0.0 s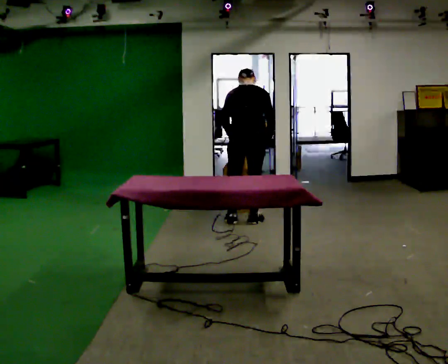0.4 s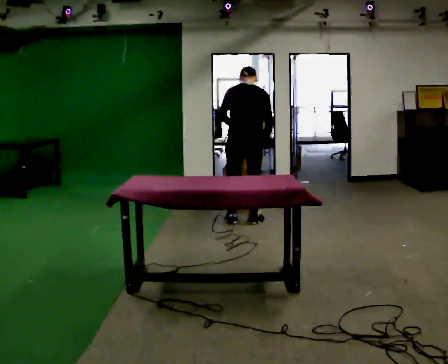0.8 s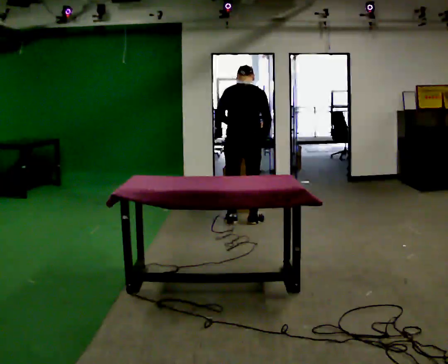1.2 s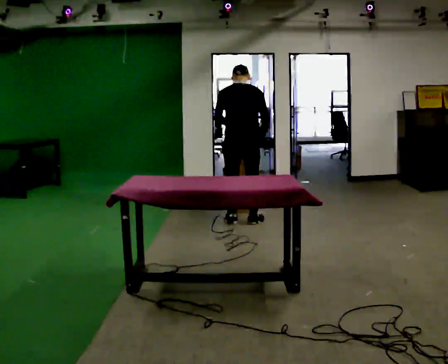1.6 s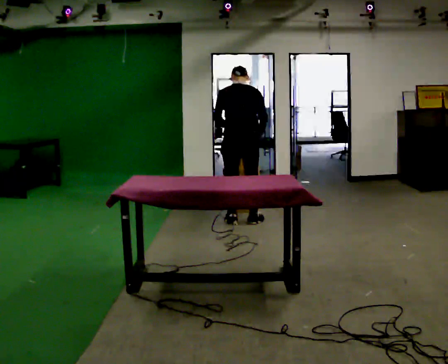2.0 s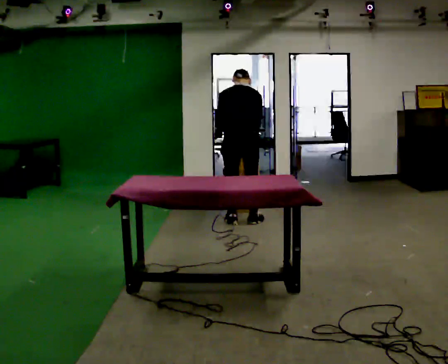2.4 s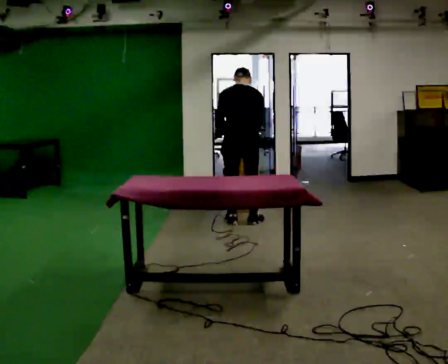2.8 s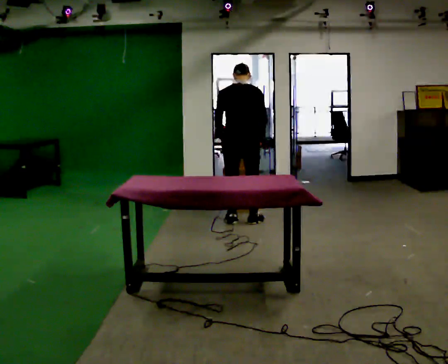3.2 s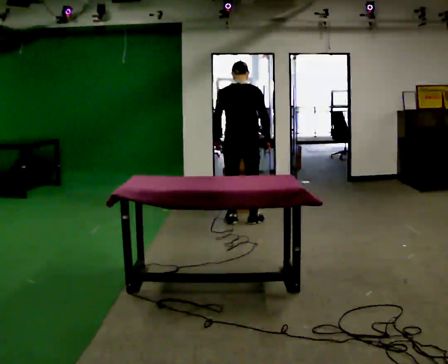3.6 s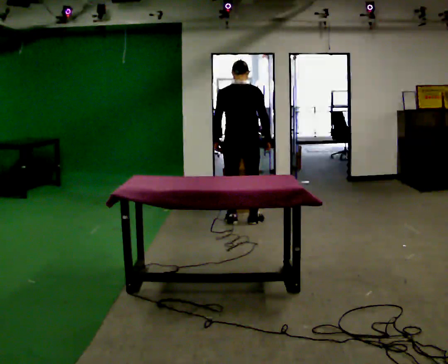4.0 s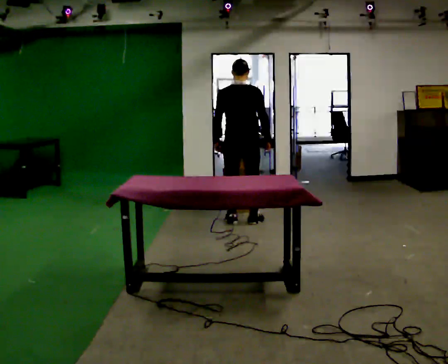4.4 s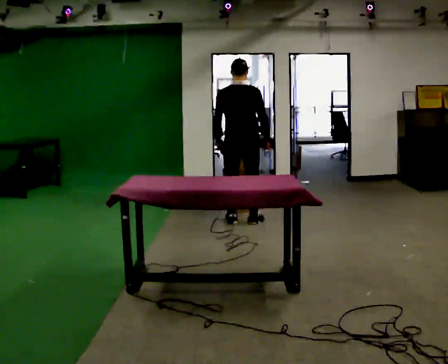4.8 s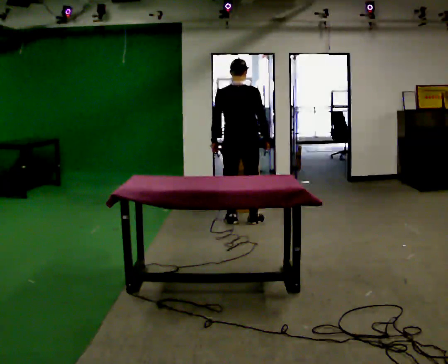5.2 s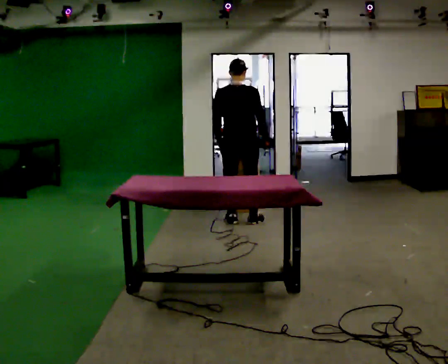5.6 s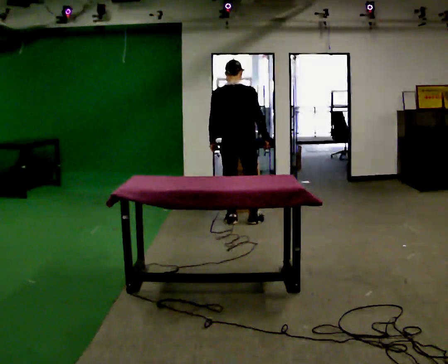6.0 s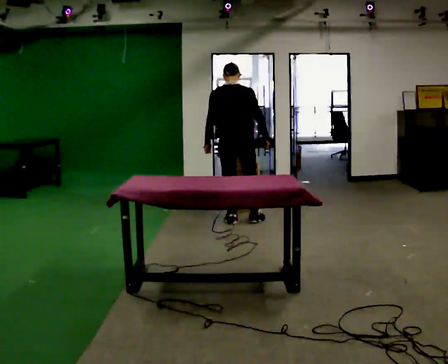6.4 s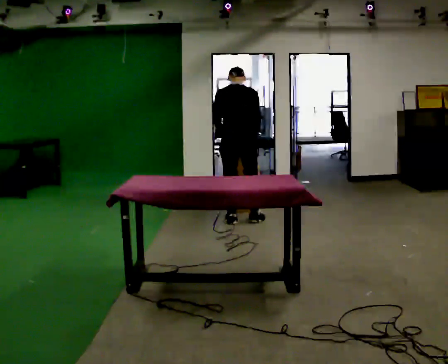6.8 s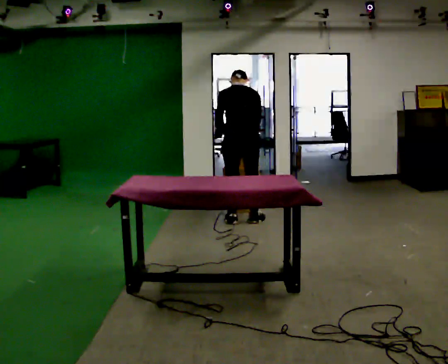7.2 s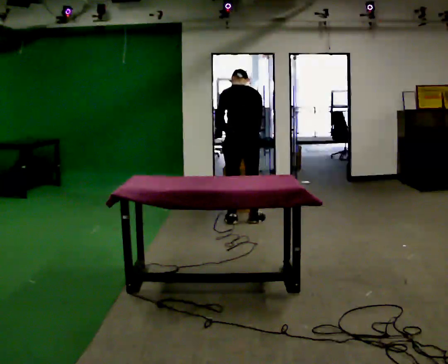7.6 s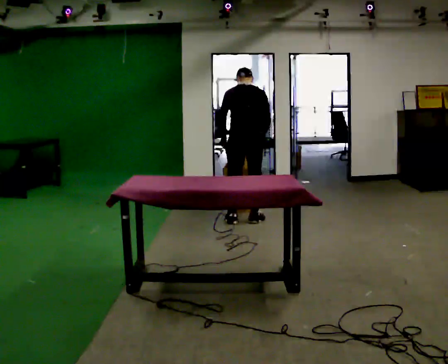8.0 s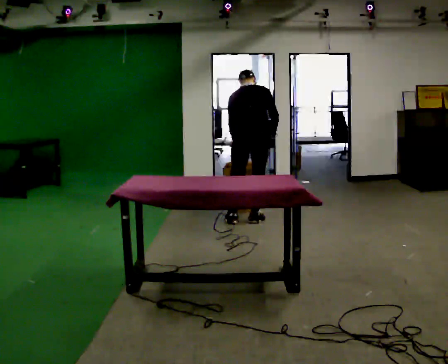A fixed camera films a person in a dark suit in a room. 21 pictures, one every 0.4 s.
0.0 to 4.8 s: The person moves a little, or ends about where they began.
4.8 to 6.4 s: The upper body tips away from the camera, its near side rolling upward, as they bend forward.
6.4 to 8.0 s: The person moves a little, or ends about where they began.
The film runs backward here.
